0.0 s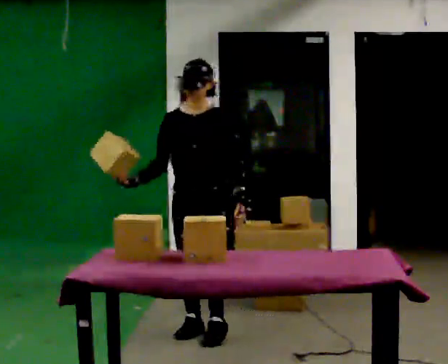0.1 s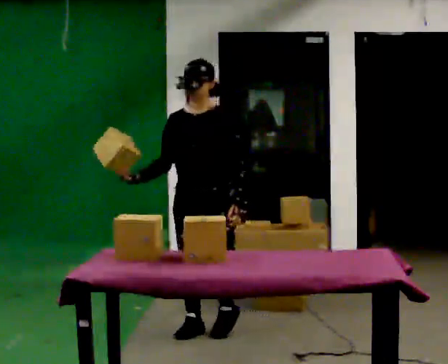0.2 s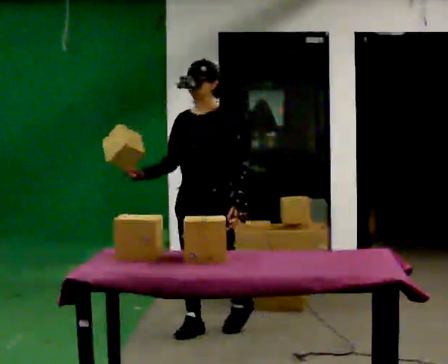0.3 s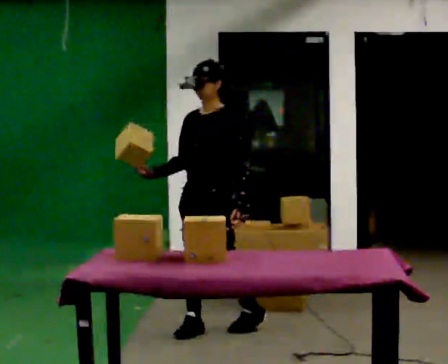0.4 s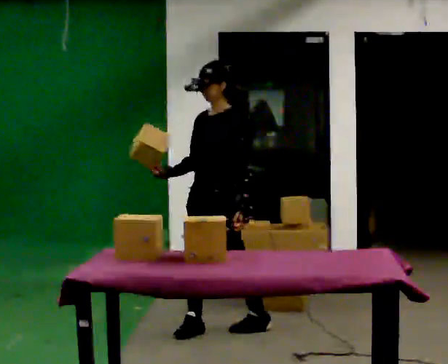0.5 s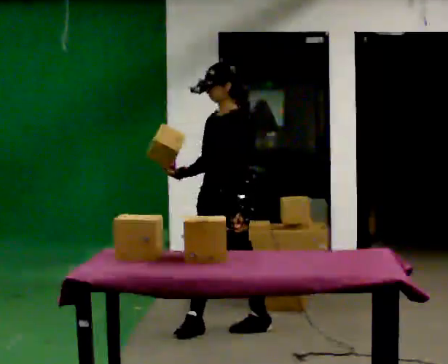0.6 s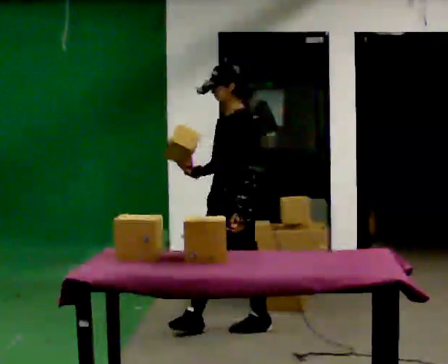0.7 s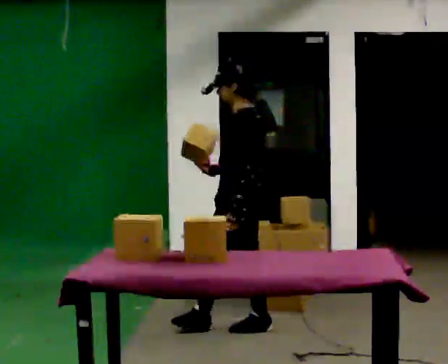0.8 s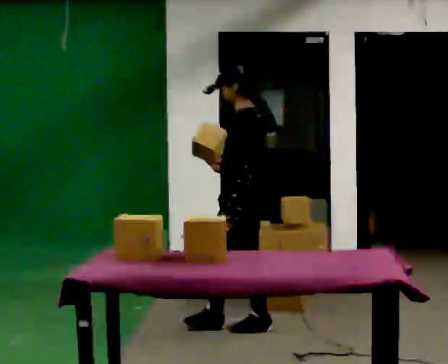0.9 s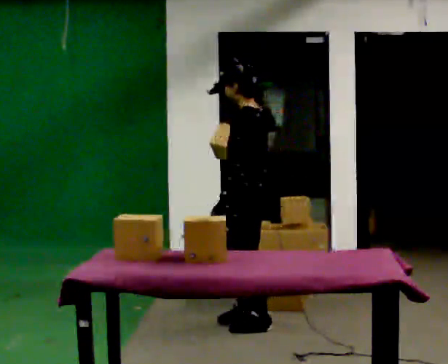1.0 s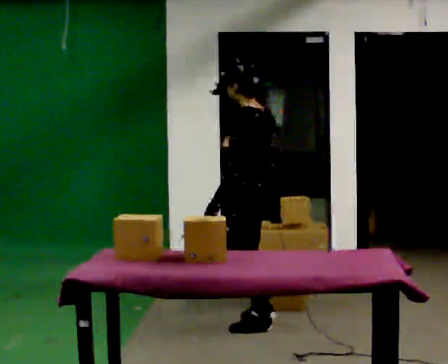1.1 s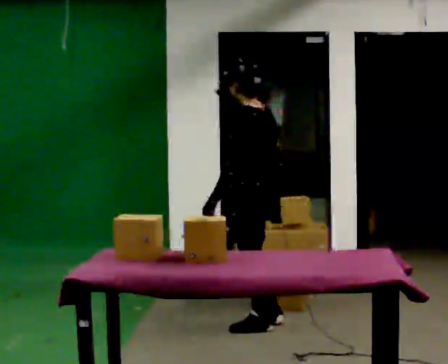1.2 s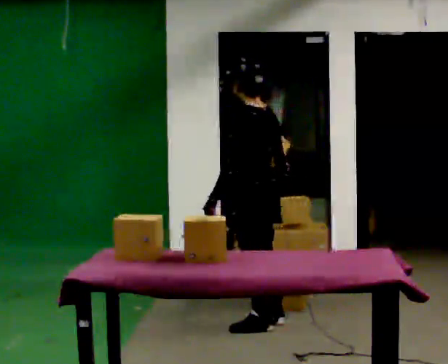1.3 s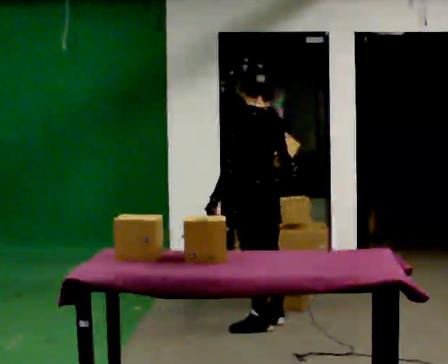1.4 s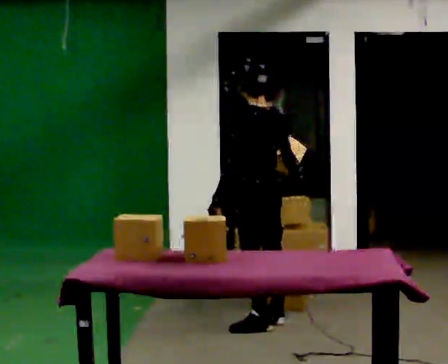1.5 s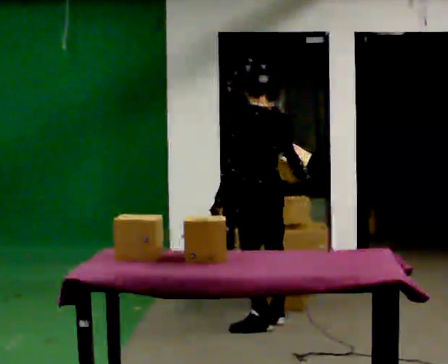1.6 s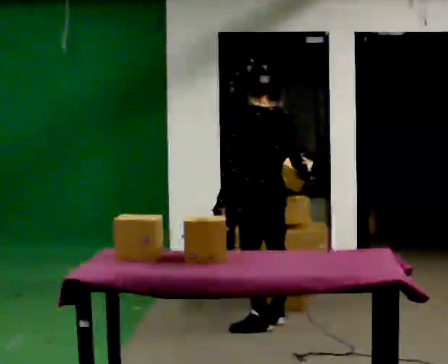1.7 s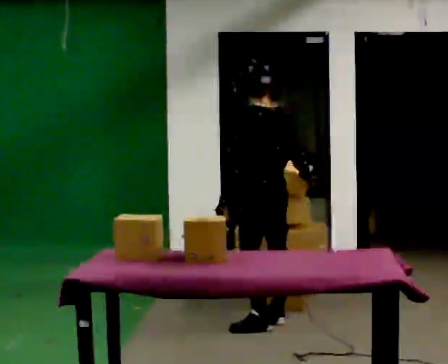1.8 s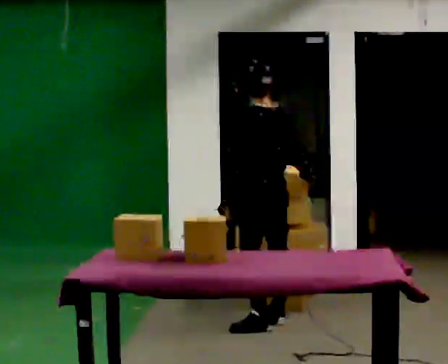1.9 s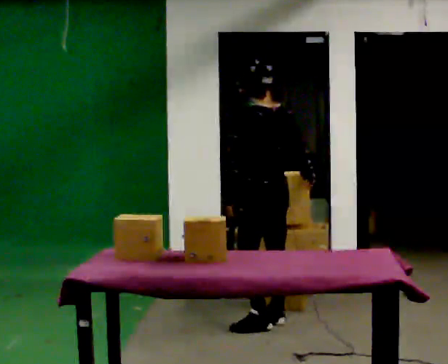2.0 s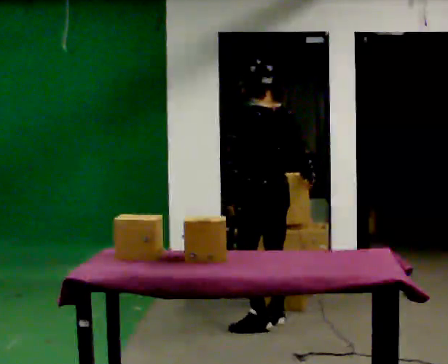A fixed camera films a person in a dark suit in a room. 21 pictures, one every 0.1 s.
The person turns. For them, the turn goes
to their right.
Their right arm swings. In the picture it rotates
counterclockwise.
0.0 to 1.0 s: The part of the body nearest the lens slides to the left as the person turns to their right by about 105 degrees. In the picture they go to the right, about 0.25 m in 1 step.
1.0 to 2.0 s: The part of the body nearest the lens slides to the left as the person turns to their right by about 30 degrees. In the picture they go away from the camera, about 0.25 m, which for them is to their right.
The film runs backward here.
